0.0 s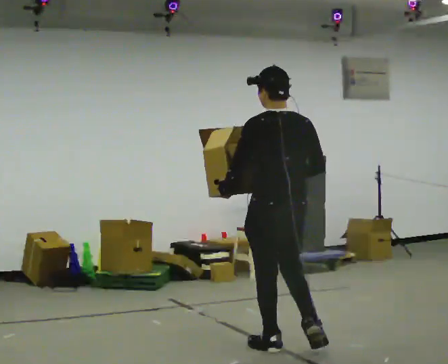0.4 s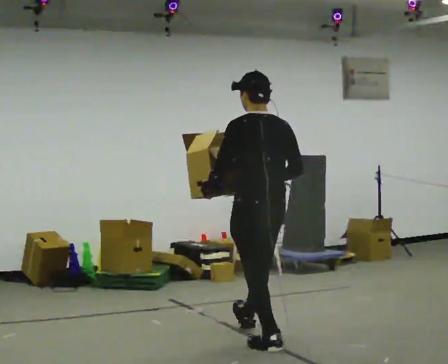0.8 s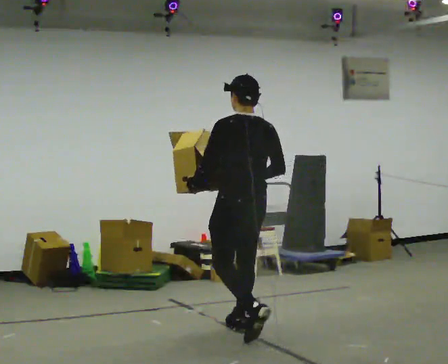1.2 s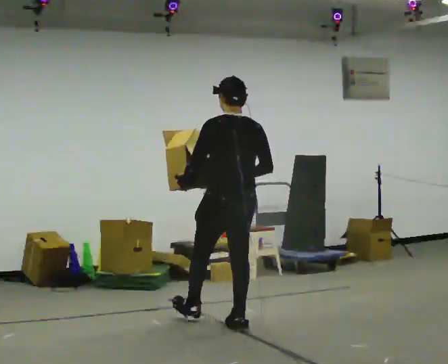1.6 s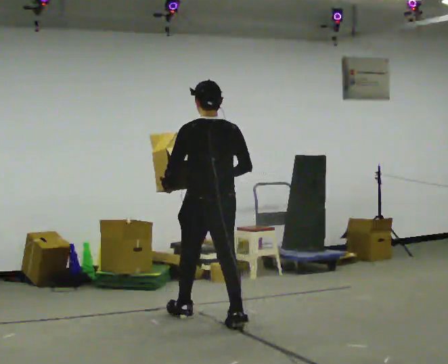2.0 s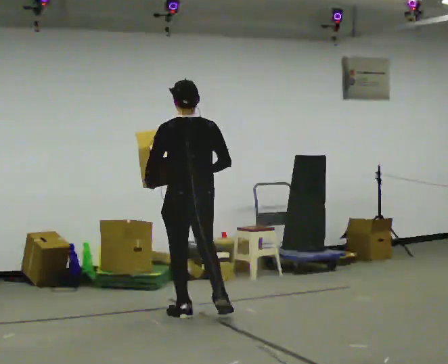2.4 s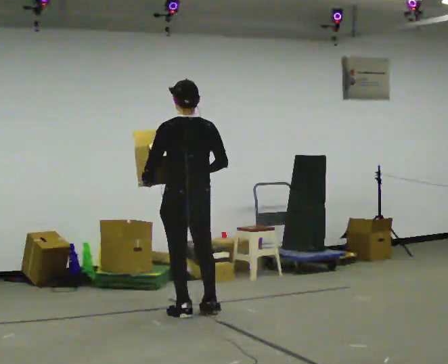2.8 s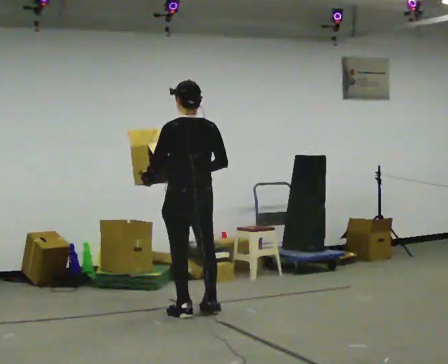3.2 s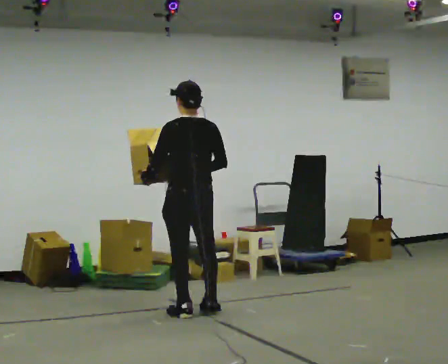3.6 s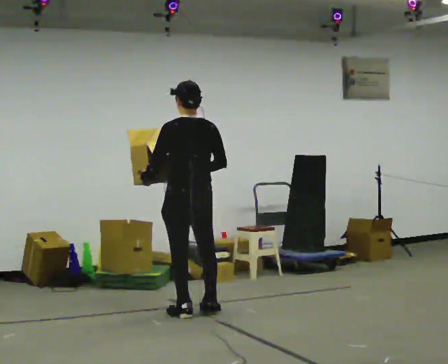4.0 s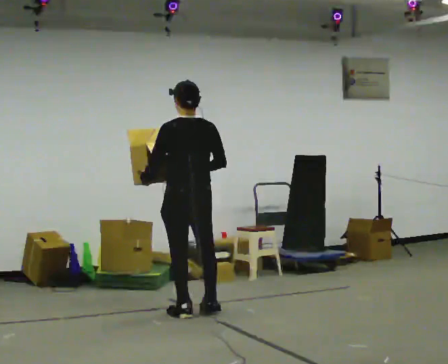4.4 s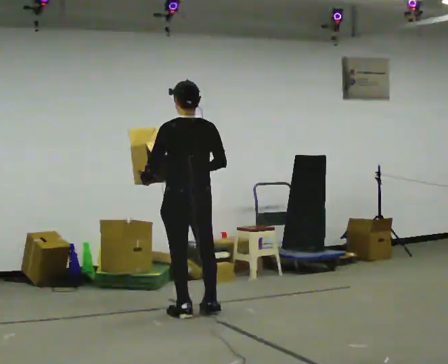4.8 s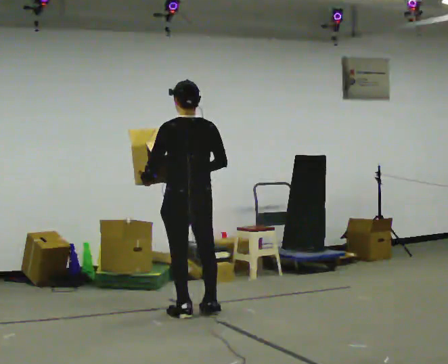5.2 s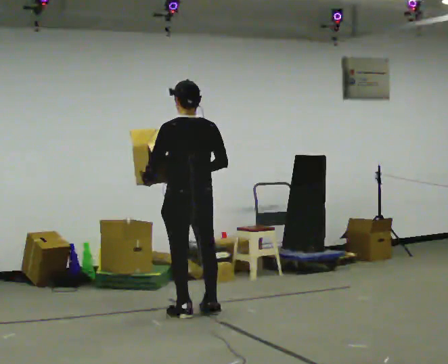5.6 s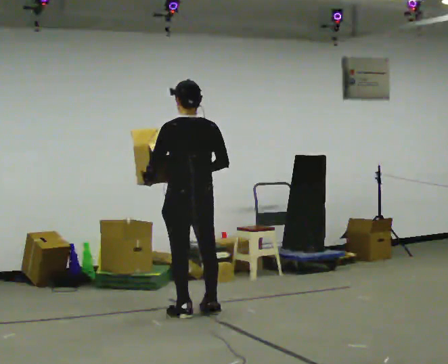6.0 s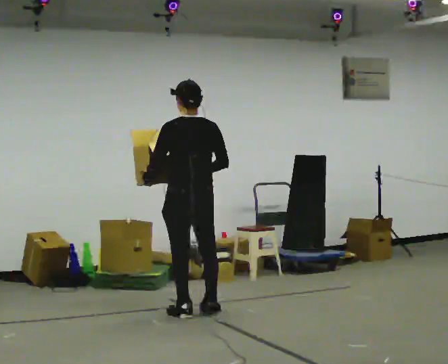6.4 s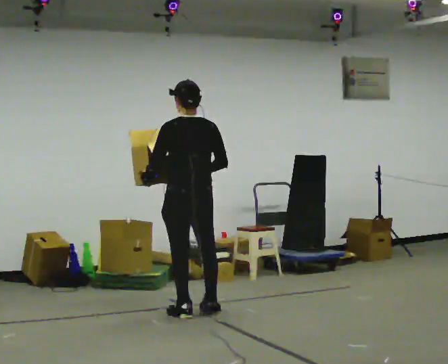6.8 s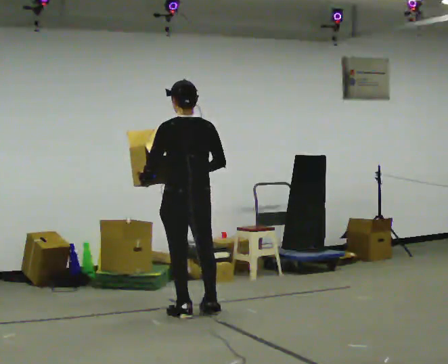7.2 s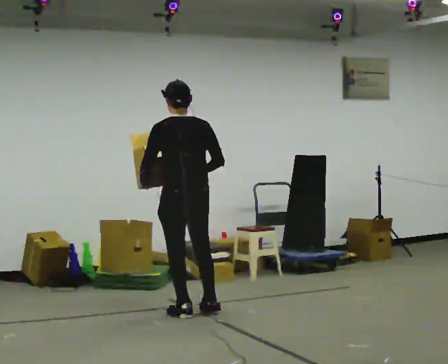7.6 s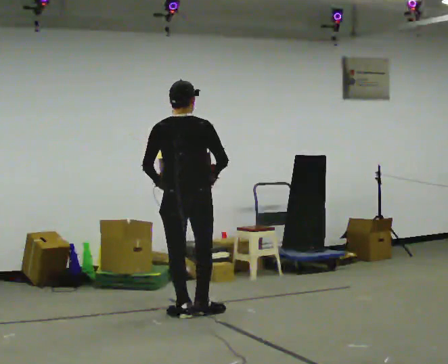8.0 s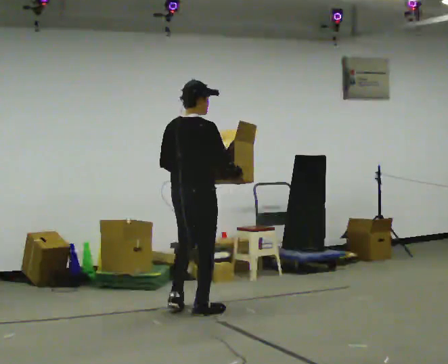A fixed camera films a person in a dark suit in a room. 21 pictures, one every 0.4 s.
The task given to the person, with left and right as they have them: Carry the open container of water across the room without spilling it, back and forth.
0.0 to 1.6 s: In the picture they go away from the camera and to the left, about 1 m in 2 steps, which for them is forward.
1.6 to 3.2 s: In the picture they go away from the camera and to the left, about 0.25 m in 1 step, which for them is forward.
3.2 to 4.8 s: The person moves a little, or ends about where they began.
4.8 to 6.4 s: The person keeps their place and pose.
6.4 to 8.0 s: Seen from above the body turns clockwise, about 60 degrees: to their right, with its near side sliding to the left.
The film runs forward here.
